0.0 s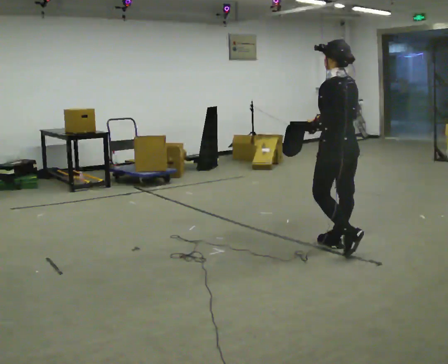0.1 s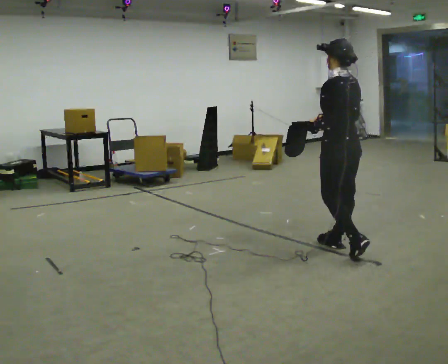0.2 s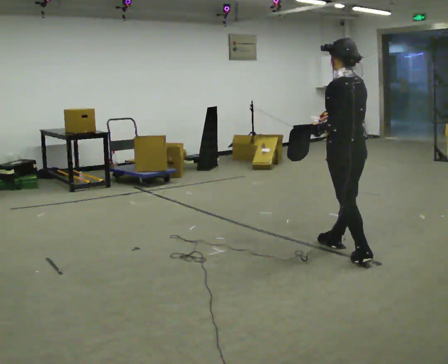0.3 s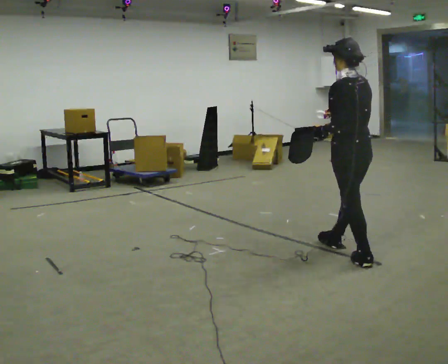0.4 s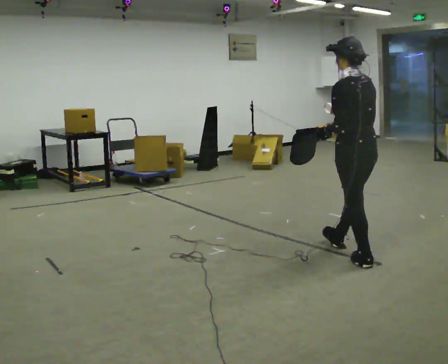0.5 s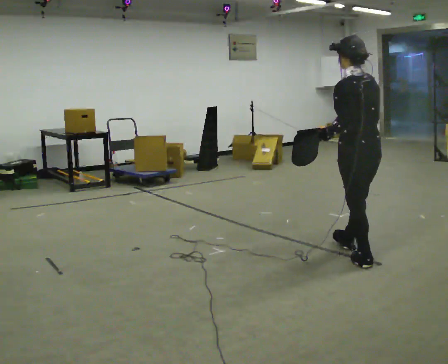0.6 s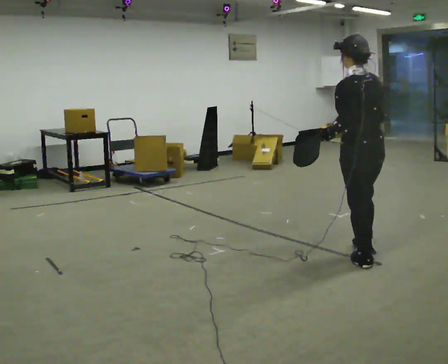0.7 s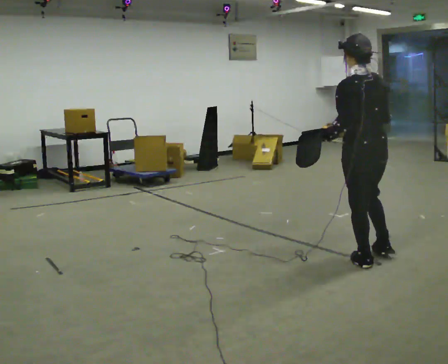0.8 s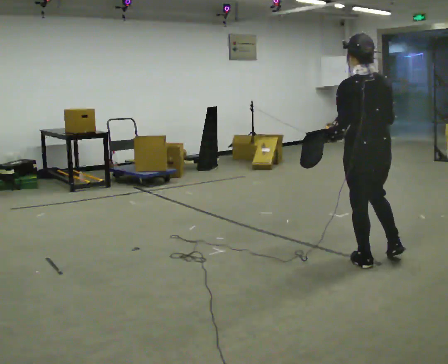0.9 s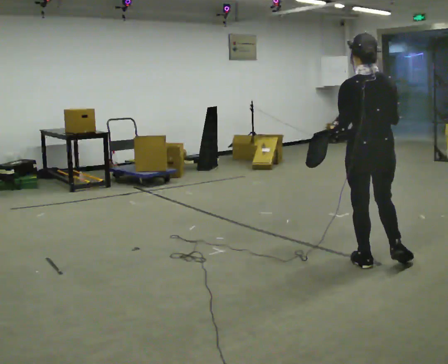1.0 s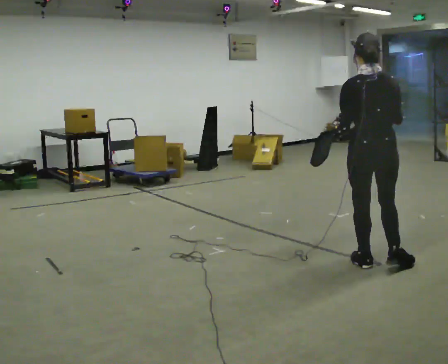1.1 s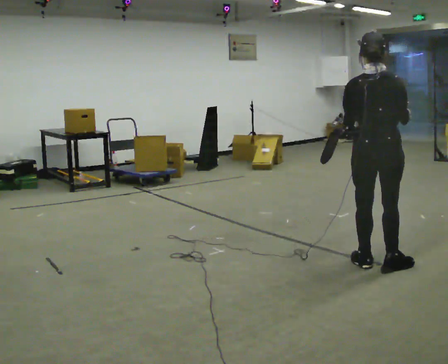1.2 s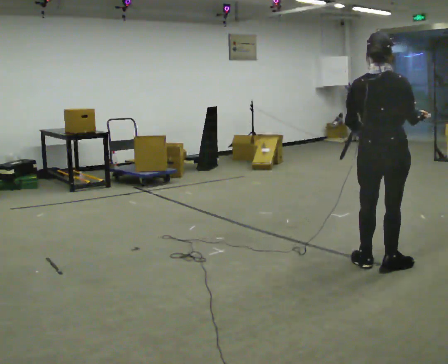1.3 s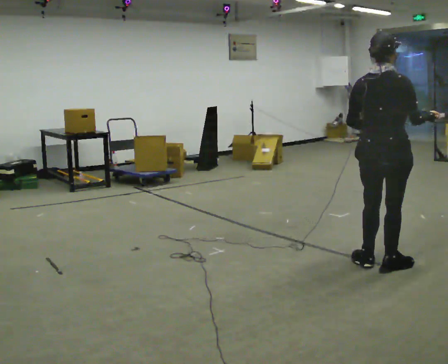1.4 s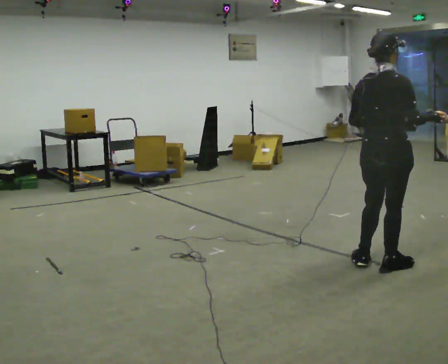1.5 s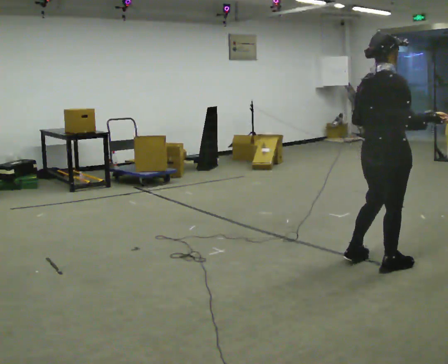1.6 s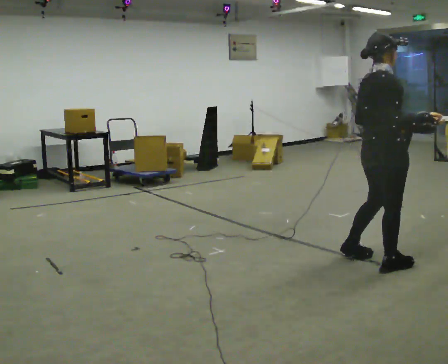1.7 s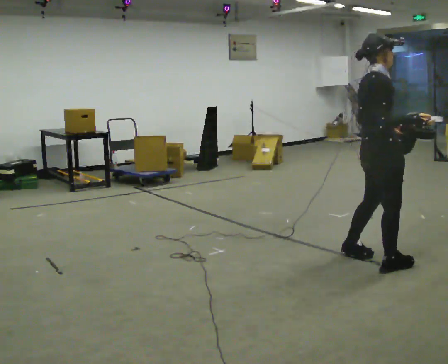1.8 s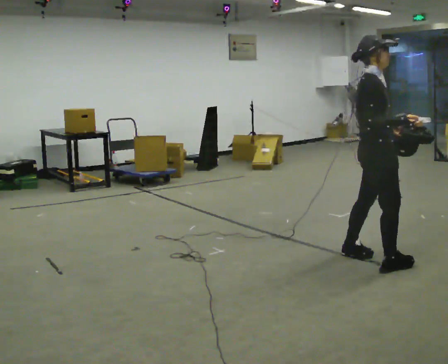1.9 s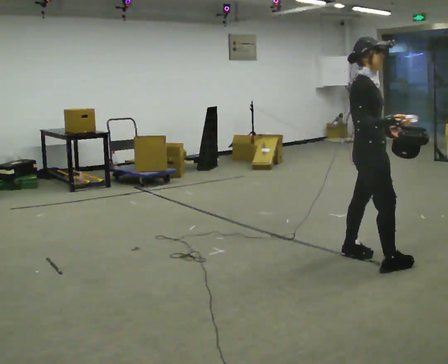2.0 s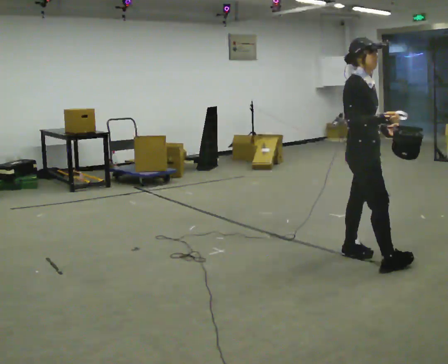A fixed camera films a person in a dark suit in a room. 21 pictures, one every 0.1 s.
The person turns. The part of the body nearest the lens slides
to the left.
The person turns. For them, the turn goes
to their right.
0.0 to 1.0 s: Seen from above the body turns clockwise, about 45 degrees: to their right, with its near side sliding to the left. In the picture they go toward the camera and to the right, about 0.5 m in 1 step, which for them is backward.
1.0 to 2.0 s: The part of the body nearest the lens slides to the left as the person turns to their right by about 120 degrees.
The film runs backward here.
